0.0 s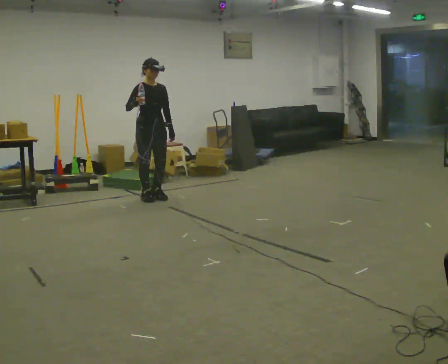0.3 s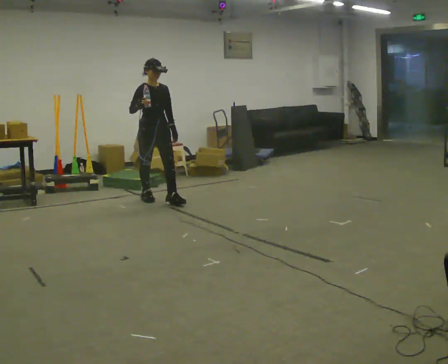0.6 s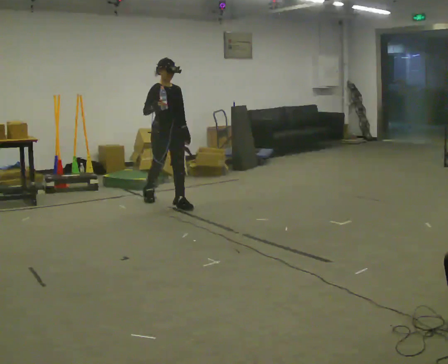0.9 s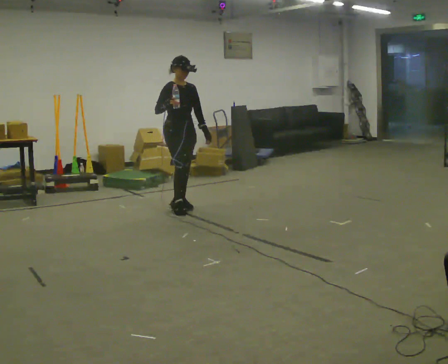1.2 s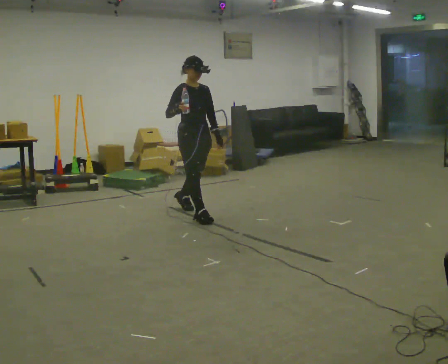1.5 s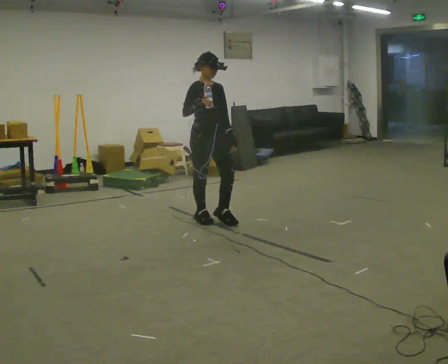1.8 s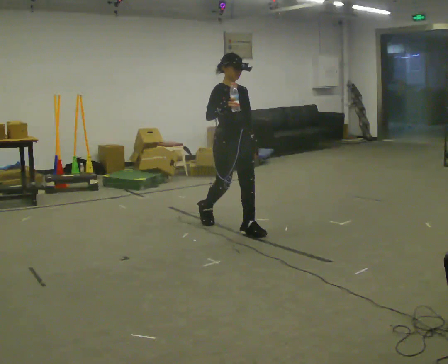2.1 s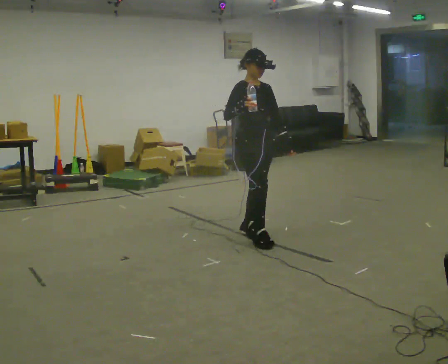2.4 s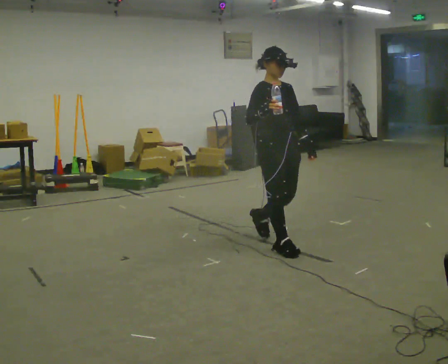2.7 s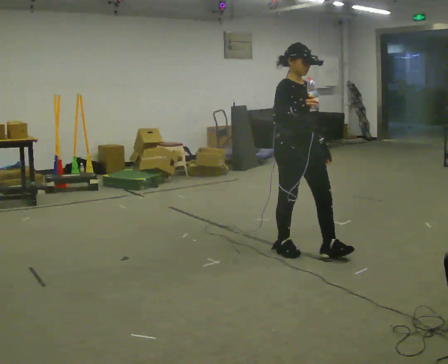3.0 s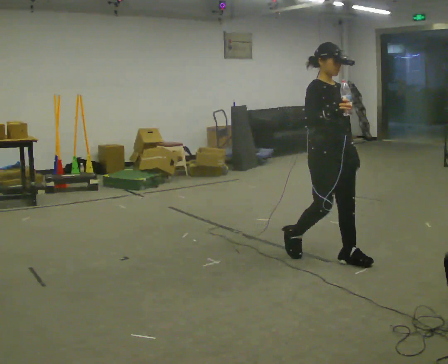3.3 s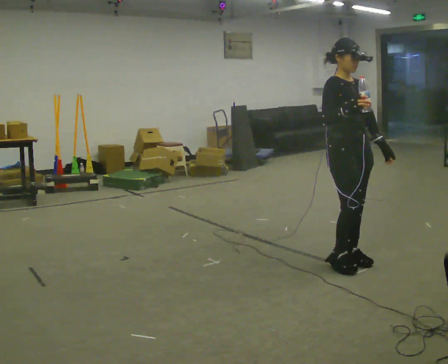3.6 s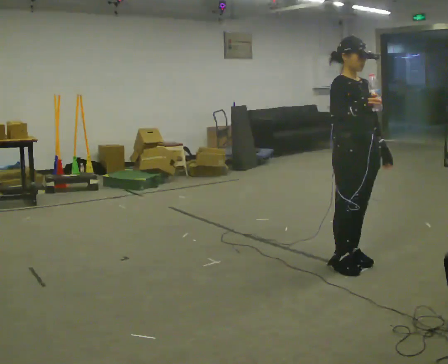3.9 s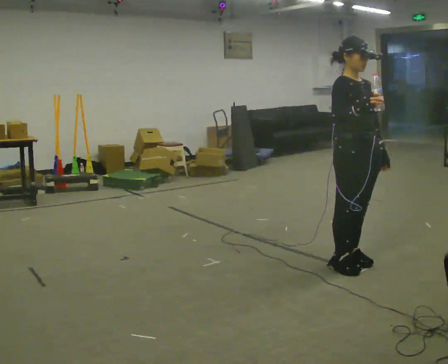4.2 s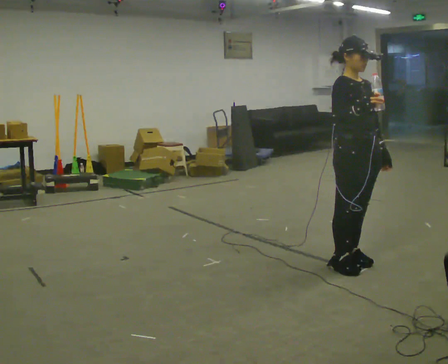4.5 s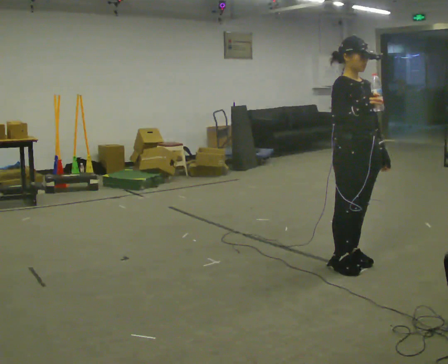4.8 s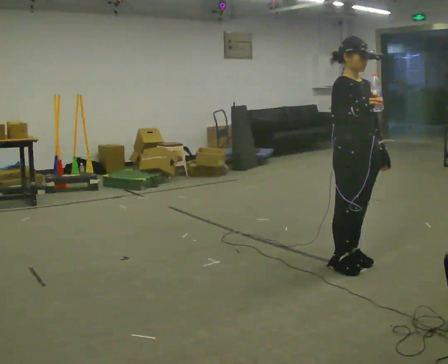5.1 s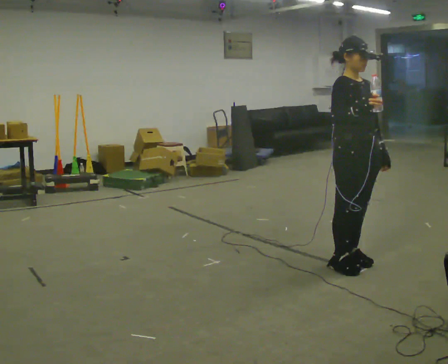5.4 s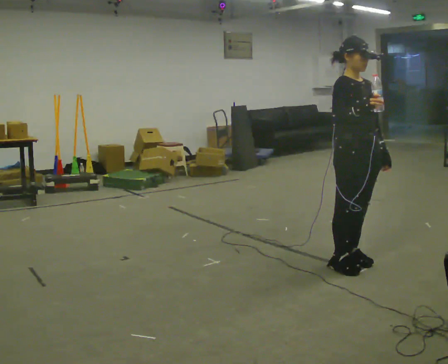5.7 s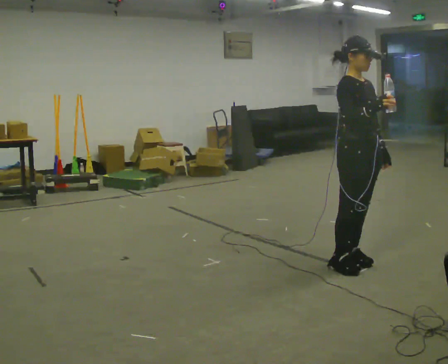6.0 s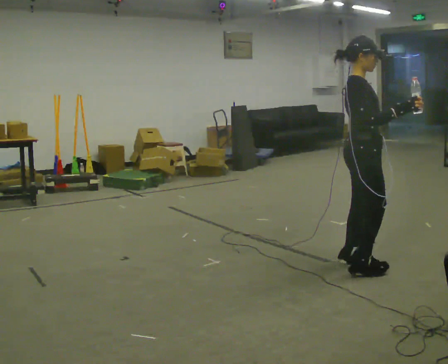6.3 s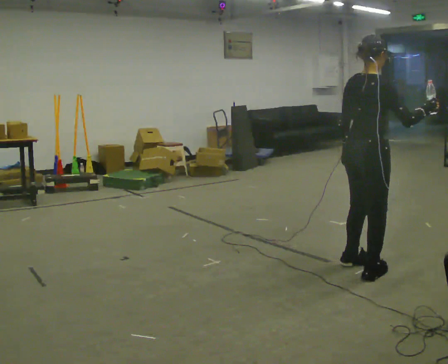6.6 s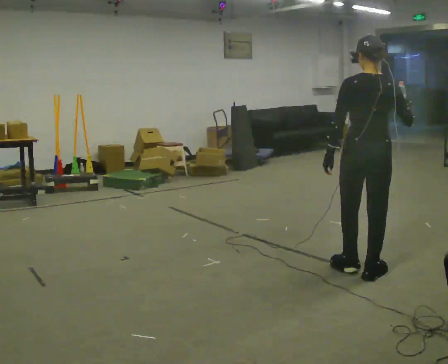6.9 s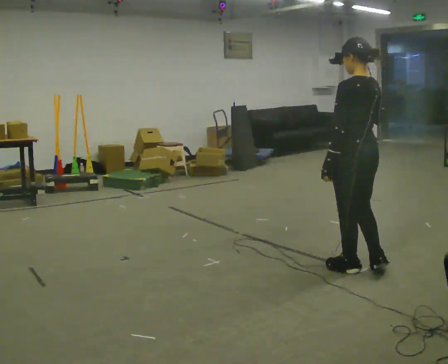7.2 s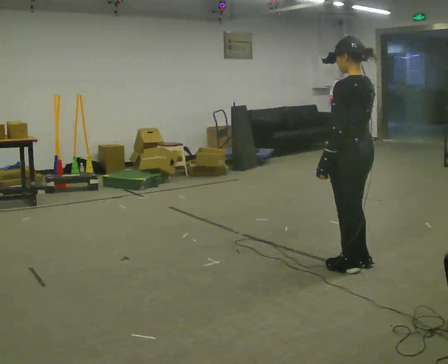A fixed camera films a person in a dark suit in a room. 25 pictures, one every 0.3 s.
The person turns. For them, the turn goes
to their left.
The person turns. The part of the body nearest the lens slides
to the right.
0.0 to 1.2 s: In the picture they go to the right and toward the camera, about 1 m in 2 steps, which for them is forward.
1.2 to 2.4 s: In the picture they go to the right and toward the camera, about 1 m in 2 steps, which for them is forward.
2.4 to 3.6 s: In the picture they go to the right and toward the camera, about 0.5 m in 2 steps, which for them is forward.
3.6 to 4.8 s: The person moves a little, or ends about where they began.
4.8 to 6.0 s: The part of the body nearest the lens slides to the right as the person turns to their left by about 45 degrees.
6.0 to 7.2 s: The part of the body nearest the lens slides to the right as the person turns to their left by about 150 degrees. In the picture their right hand goes to the left.
The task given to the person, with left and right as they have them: Carry the open container of water across the room without spilling it, back and forth.
The film runs forward here.
